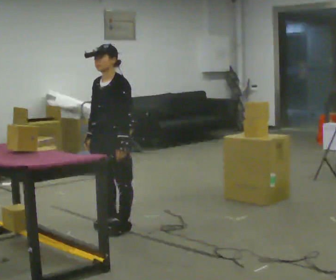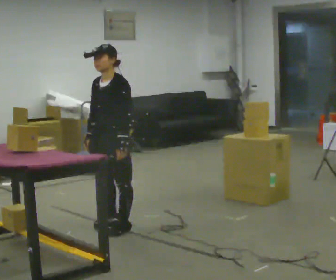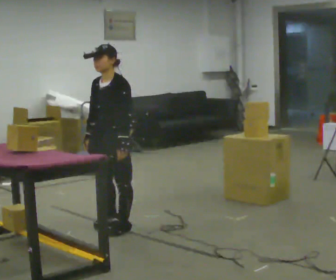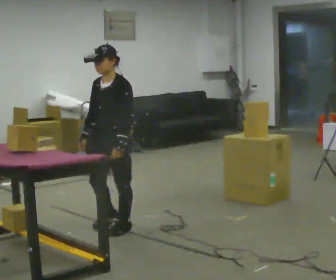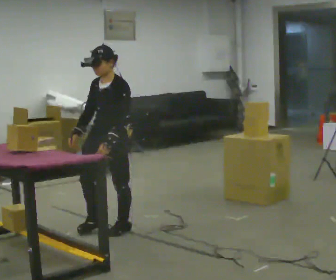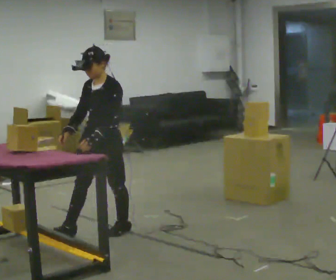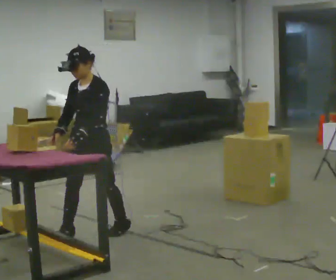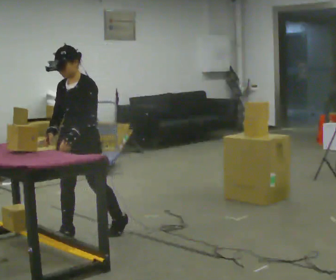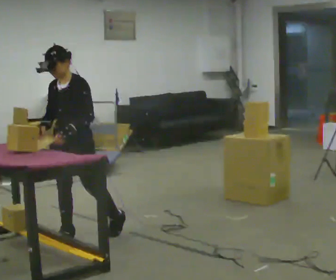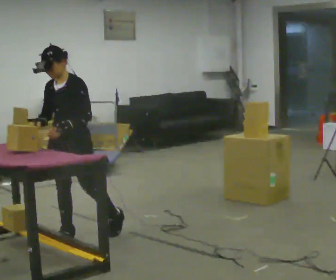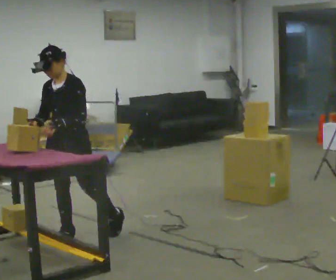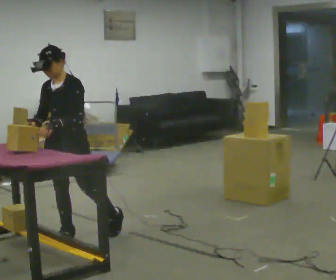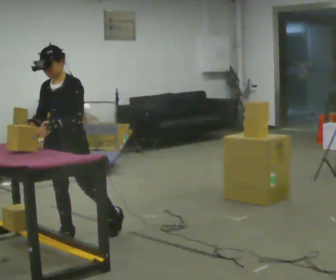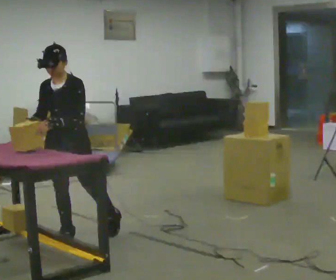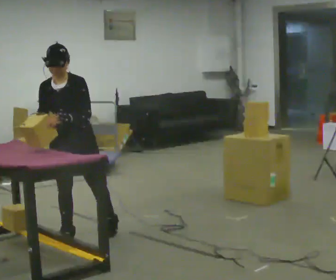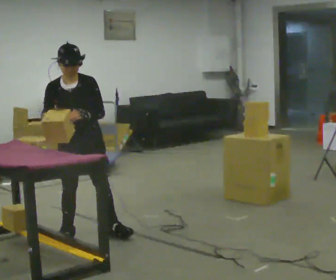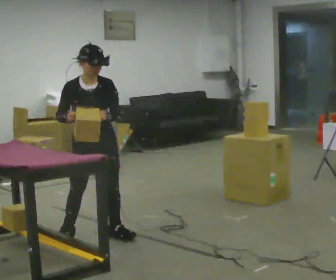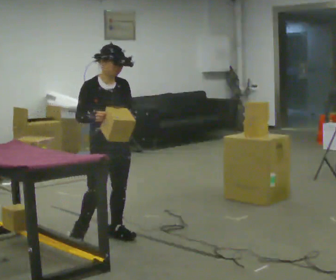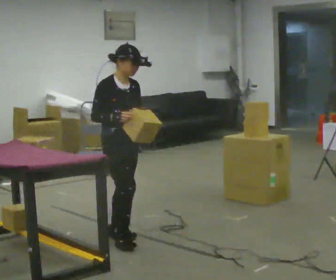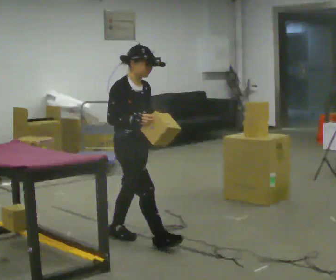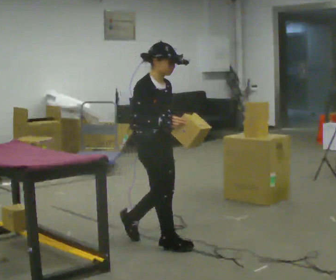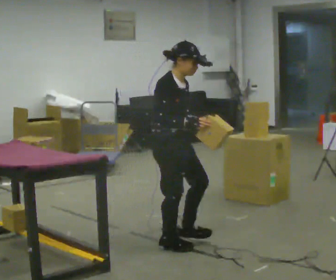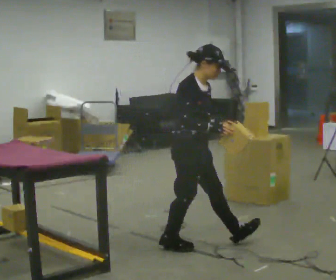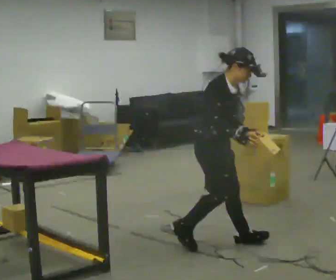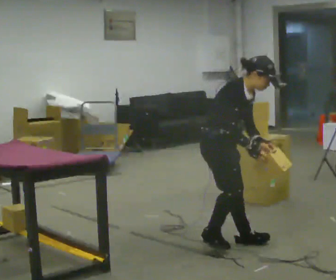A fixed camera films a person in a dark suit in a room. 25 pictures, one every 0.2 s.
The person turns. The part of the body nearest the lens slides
to the right.
The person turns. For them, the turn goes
to their left.
0.0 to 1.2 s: In the picture they go to the left, about 0.25 m in 1 step, which for them is forward. In the picture their right hand goes to the left.
1.2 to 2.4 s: In the picture they go to the left, about 0.25 m, which for them is forward.
2.4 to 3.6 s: The person turns about 75 degrees to their left, counterclockwise seen from above, so the part of the body nearest the lens slides to the right. In the picture they go to the right, about 0.5 m.
3.6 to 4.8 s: In the picture they go to the right and toward the camera, about 0.5 m in 2 steps, which for them is forward. In the picture the upper body tilts clockwise, shoulders to the right, as they bend forward.
The film runs forward here.
